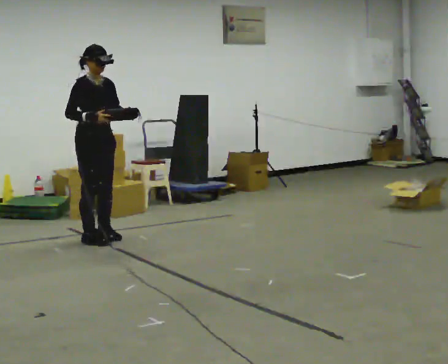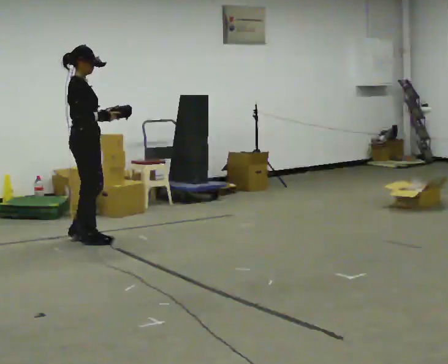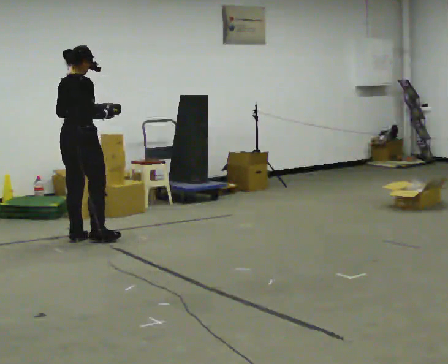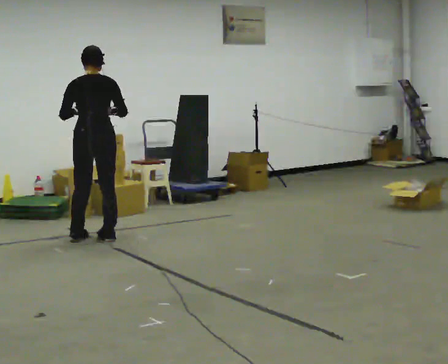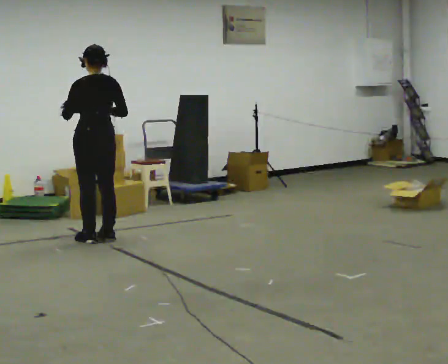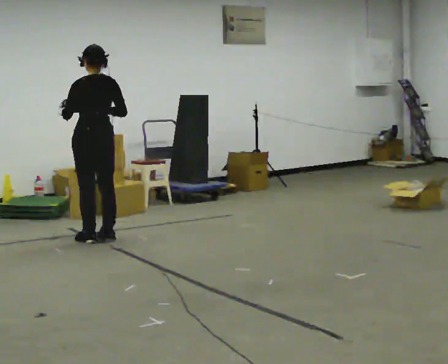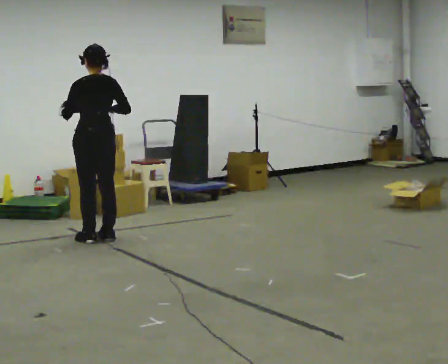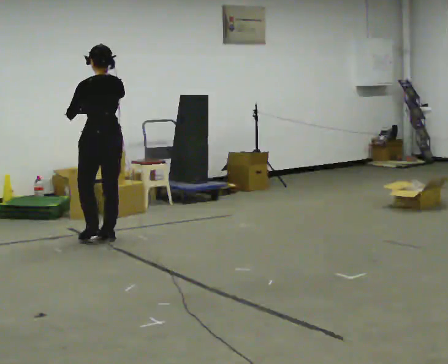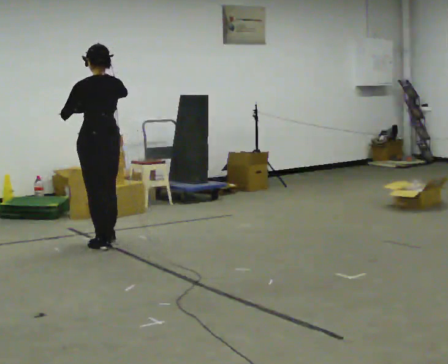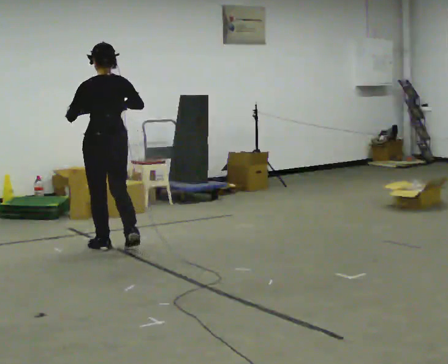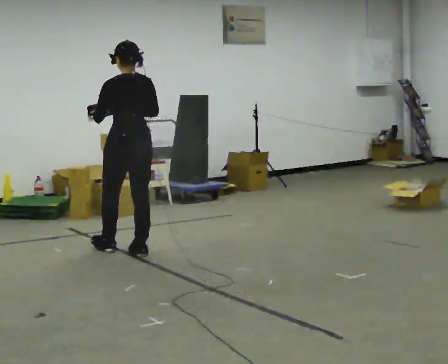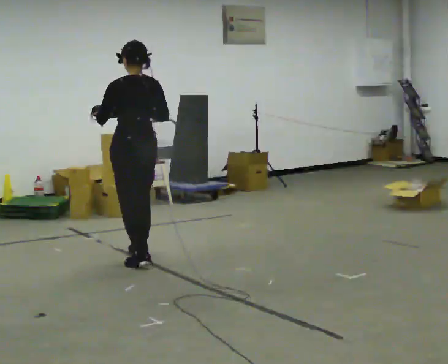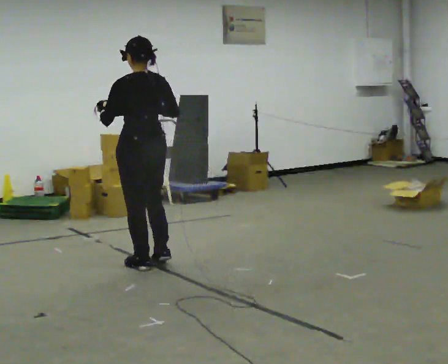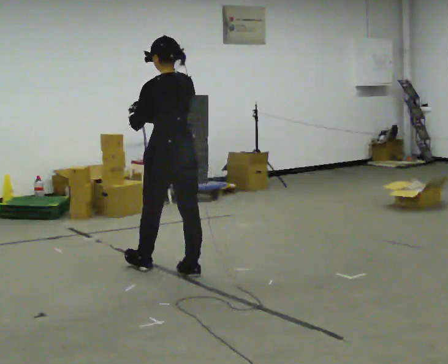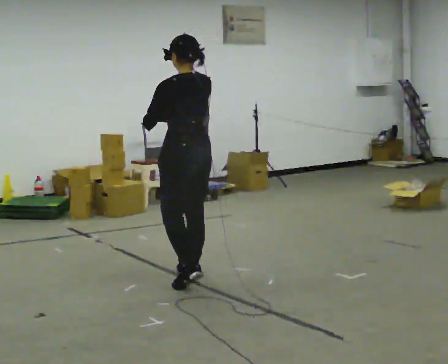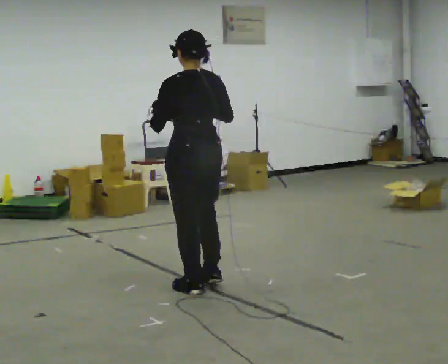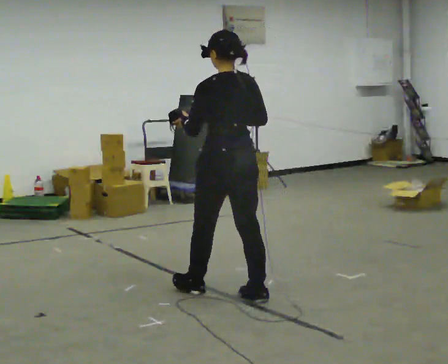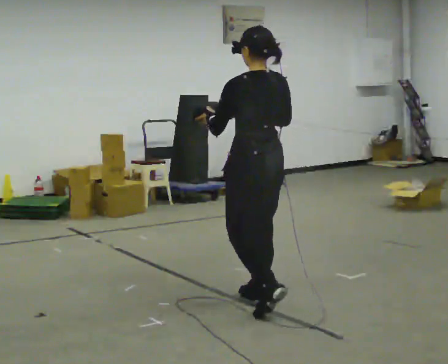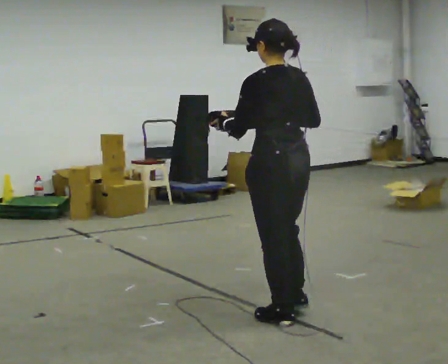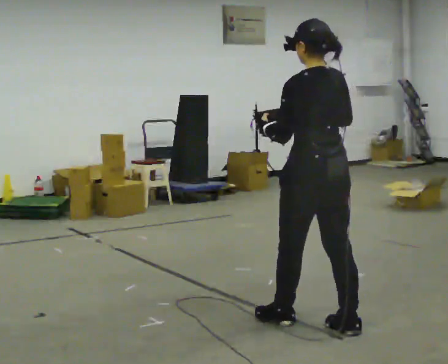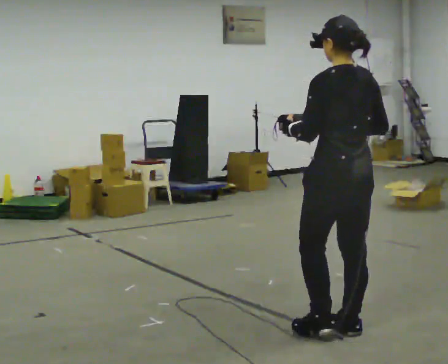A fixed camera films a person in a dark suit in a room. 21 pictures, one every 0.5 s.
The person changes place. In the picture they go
toward the camera.
0.0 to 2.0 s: The person turns about 165 degrees to their left, counterclockwise seen from above, so the part of the body nearest the lens slides to the right. In the picture their left hand goes to the left.
2.0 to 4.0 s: In the picture they go toward the camera, about 0.25 m in 1 step, which for them is backward.
4.0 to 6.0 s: In the picture they go toward the camera and to the right, about 1 m in 3 steps, which for them is backward.
6.0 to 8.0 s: In the picture they go toward the camera and to the right, about 1 m in 2 steps, which for them is backward.
8.0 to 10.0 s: In the picture they go toward the camera and to the right, about 1 m in 3 steps, which for them is backward.
The film runs backward here.
